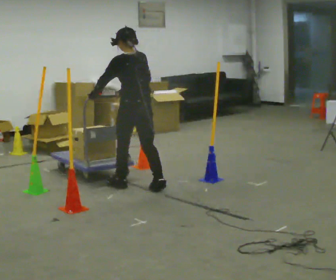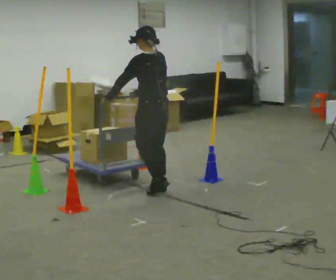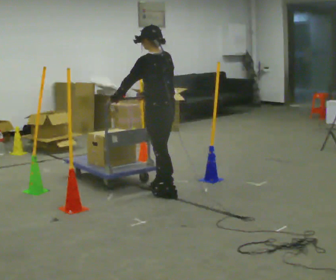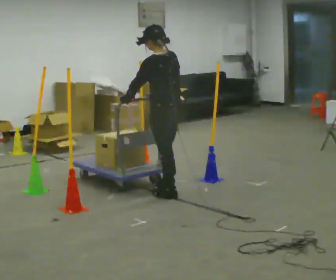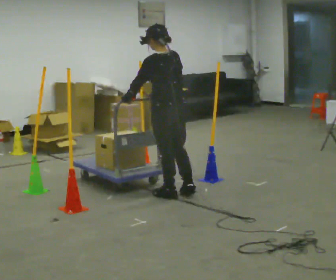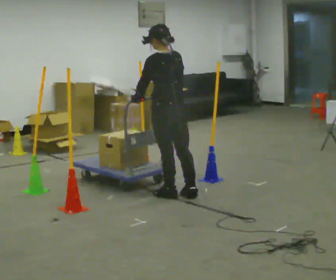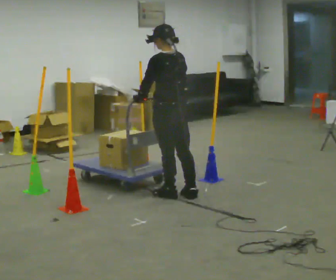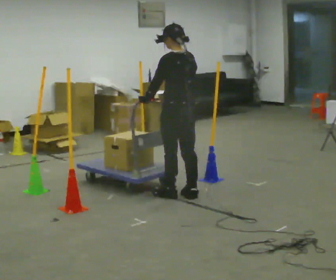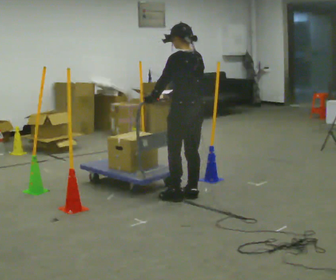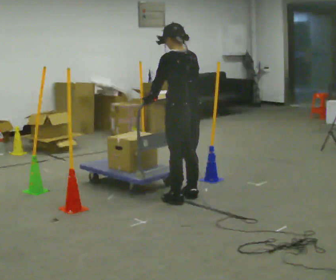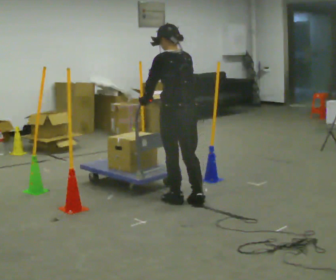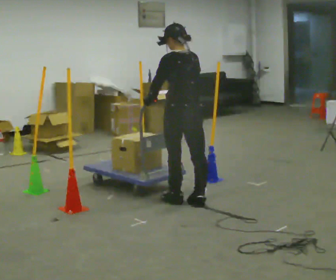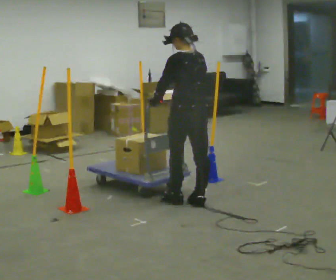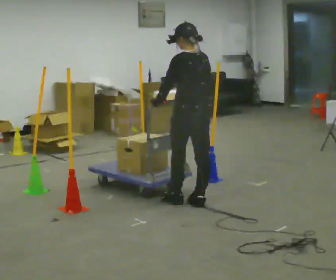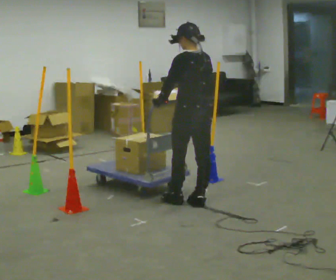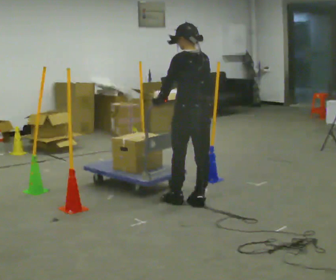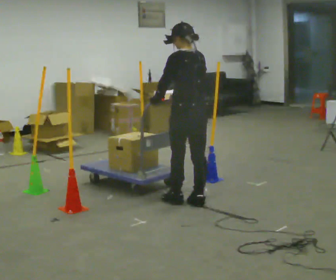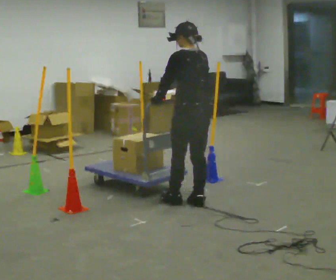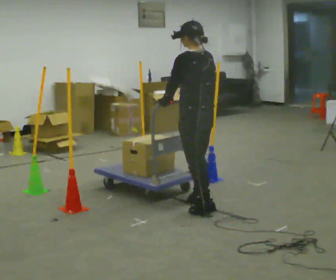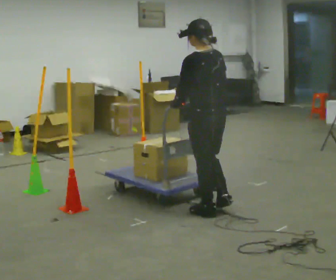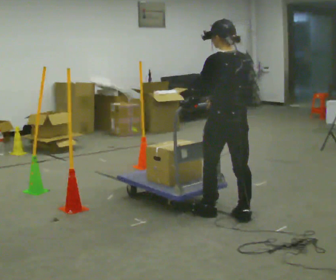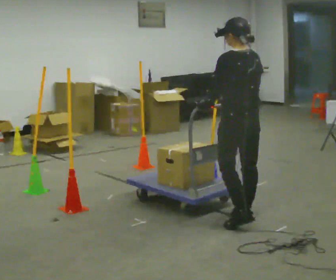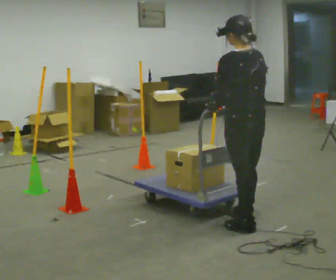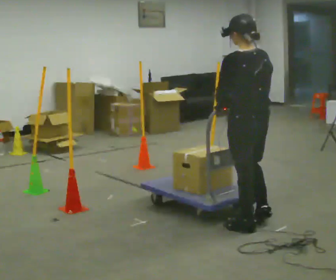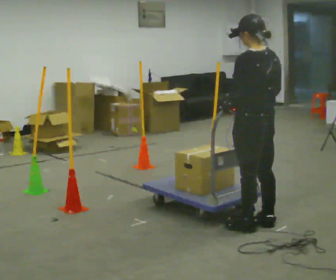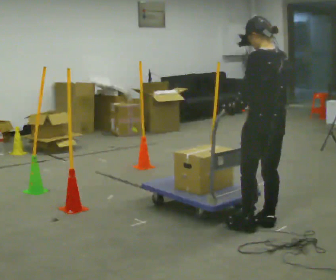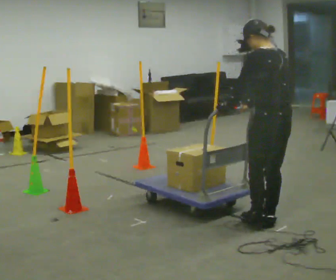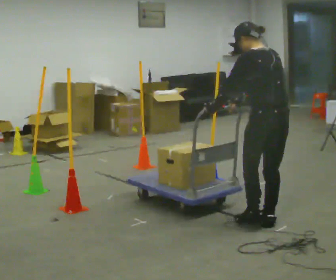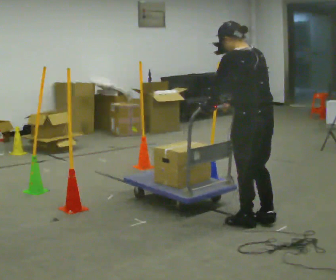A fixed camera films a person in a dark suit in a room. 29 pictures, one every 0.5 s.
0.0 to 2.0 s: In the picture they go to the right and toward the camera, about 0.5 m in 2 steps, which for them is backward.
2.0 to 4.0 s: In the picture they go to the right, about 0.25 m in 1 step, which for them is to their right and backward.
4.0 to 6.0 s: In the picture they go toward the camera, about 0.25 m in 1 step, which for them is backward.
6.0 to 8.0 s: The person moves a little, or ends about where they began.
8.0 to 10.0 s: In the picture they go toward the camera and to the right, about 0.5 m in 2 steps, which for them is backward.
10.0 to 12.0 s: In the picture they go toward the camera and to the right, about 0.25 m in 2 steps, which for them is backward.
12.0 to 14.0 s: The person moves a little, or ends about where they began.
The film runs backward here.
